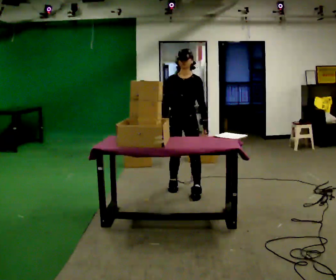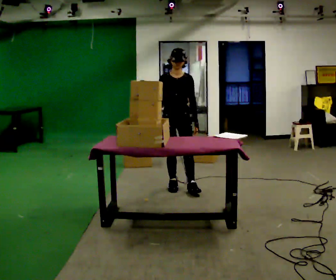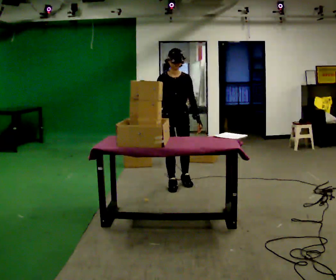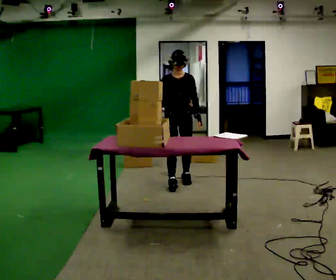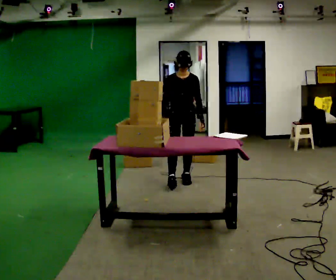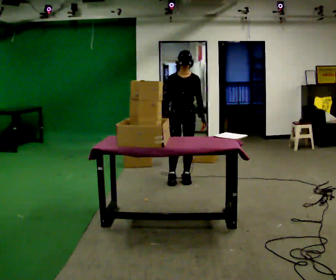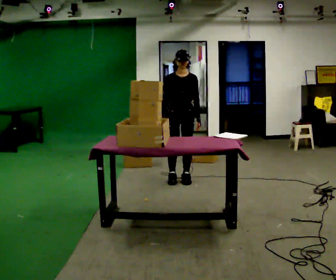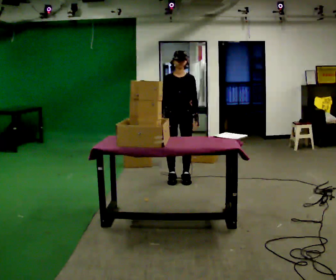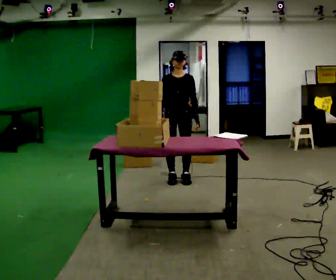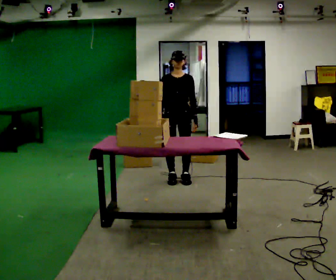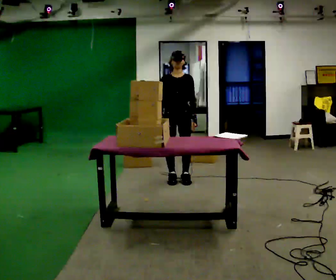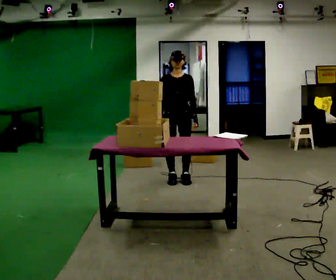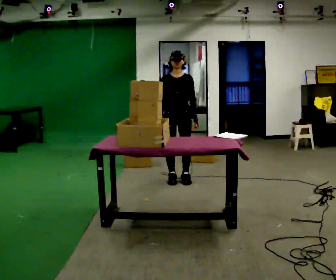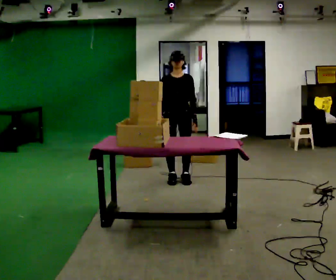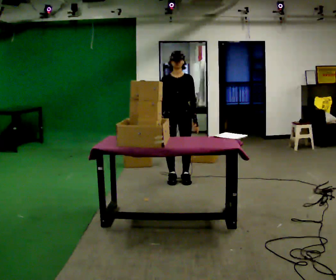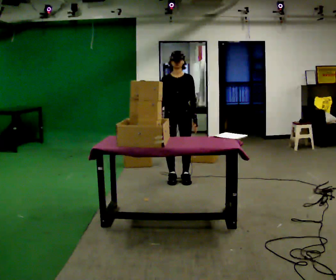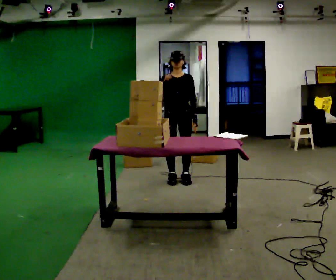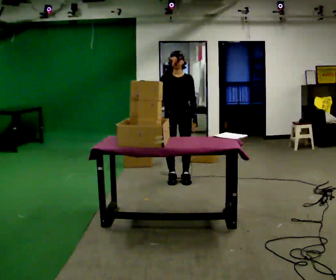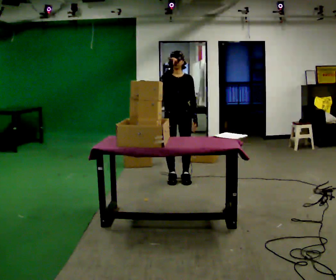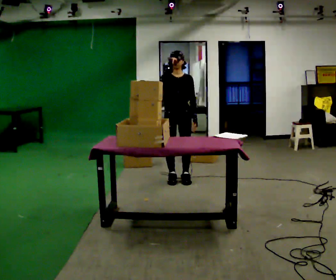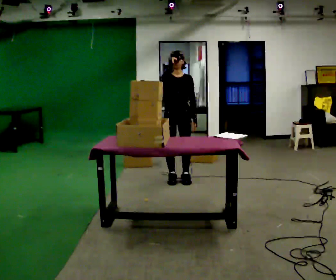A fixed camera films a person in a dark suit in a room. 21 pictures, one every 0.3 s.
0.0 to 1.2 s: In the picture they go away from the camera, about 0.5 m in 1 step, which for them is backward.
1.2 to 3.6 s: The person moves a little, or ends about where they began.
3.6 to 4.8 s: In the picture their right hand goes upward.
4.8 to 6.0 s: The person moves a little, or ends about where they began.
The film runs forward here.
